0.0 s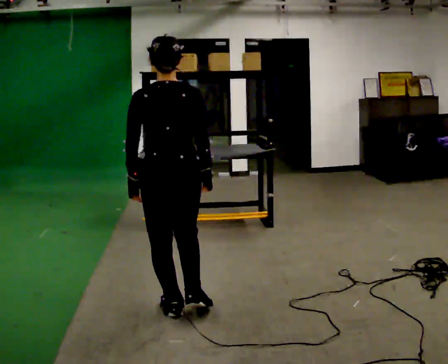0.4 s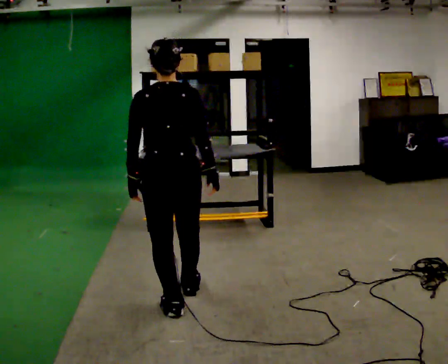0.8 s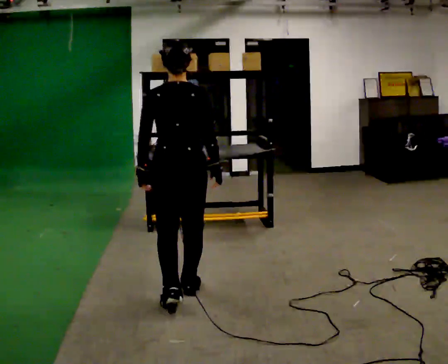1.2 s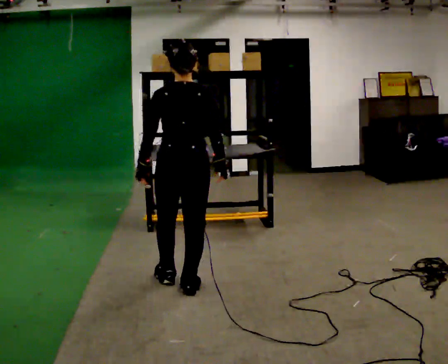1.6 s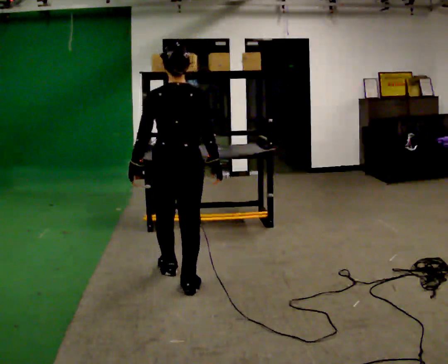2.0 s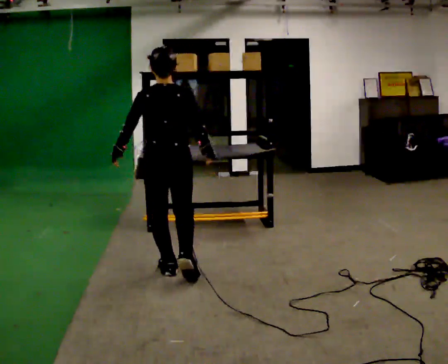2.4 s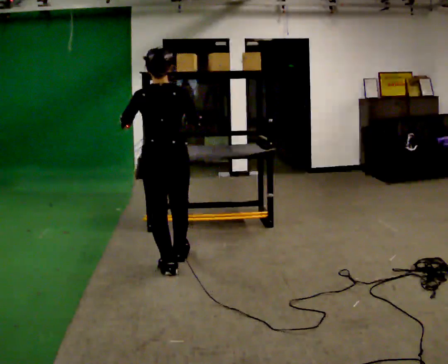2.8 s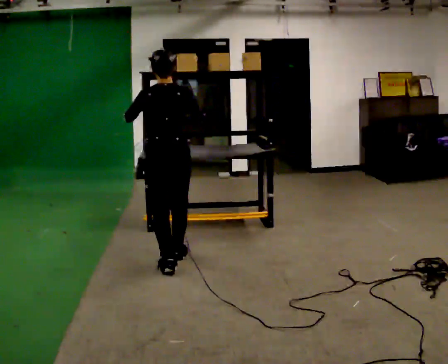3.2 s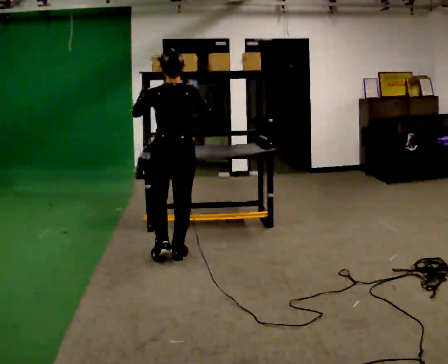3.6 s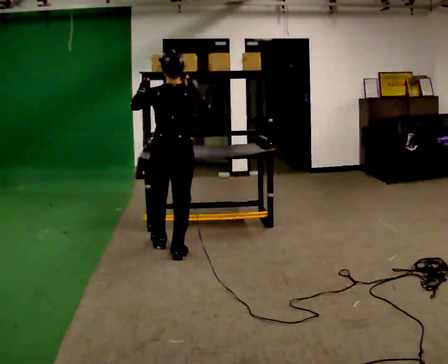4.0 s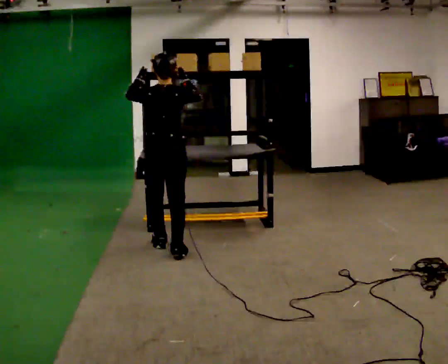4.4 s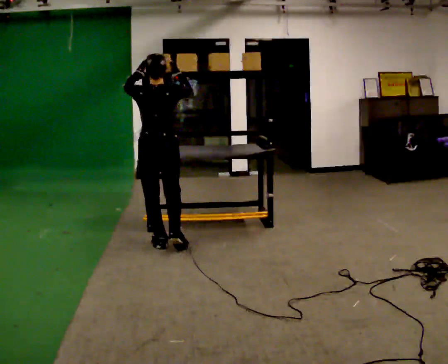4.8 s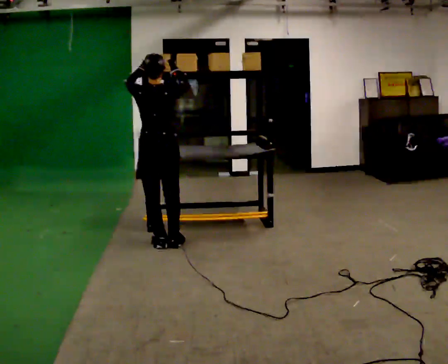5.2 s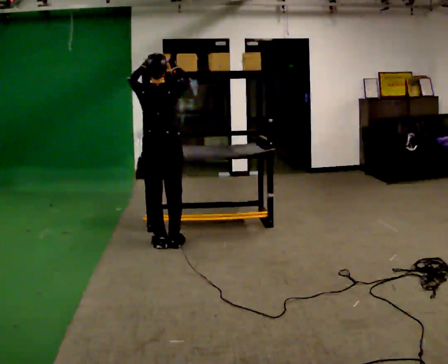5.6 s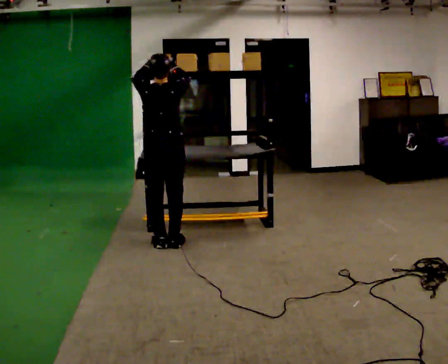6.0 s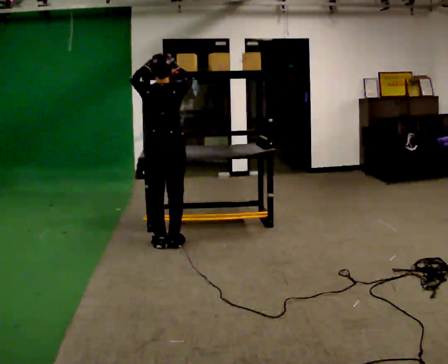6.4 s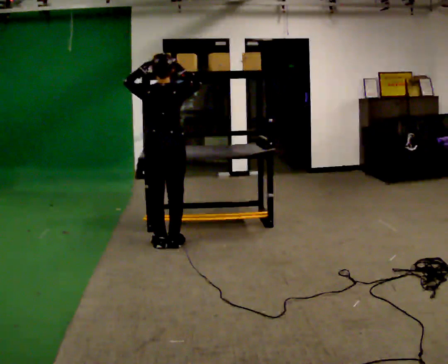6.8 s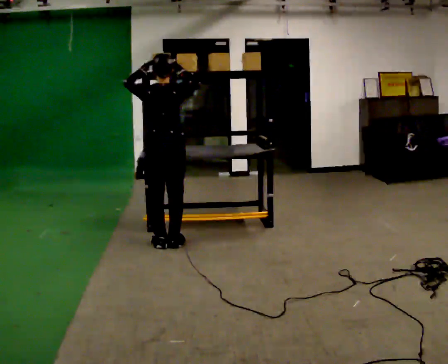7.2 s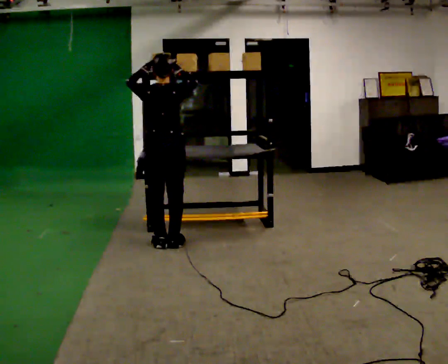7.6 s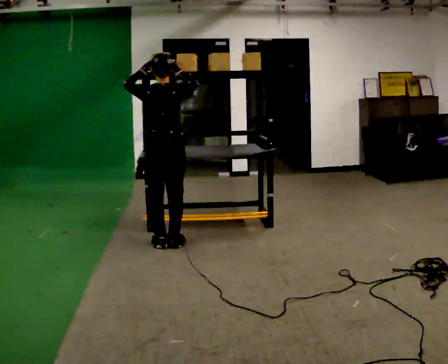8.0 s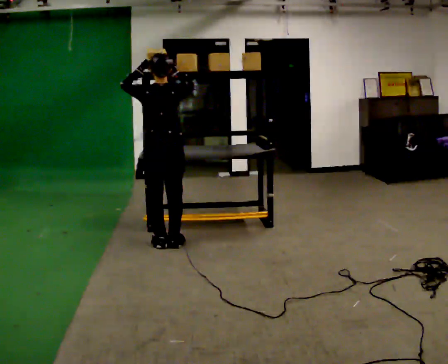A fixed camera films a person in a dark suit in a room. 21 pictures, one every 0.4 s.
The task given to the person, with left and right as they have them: Take an object down from the highest shelf you can comfortably reach, carry it across the room, and set it on the floor. Keep going until the operator says stop; one object at a time, and do not rush between trips.
0.0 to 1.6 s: In the picture they go away from the camera, about 0.5 m in 2 steps, which for them is forward.
1.6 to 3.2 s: In the picture they go away from the camera, about 0.5 m in 1 step, which for them is forward. In the picture their right hand goes upward.
3.2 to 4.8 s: In the picture they go away from the camera, about 0.25 m in 2 steps, which for them is forward and to their left.
4.8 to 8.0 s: The person moves a little, or ends about where they began.
The film runs forward here.
